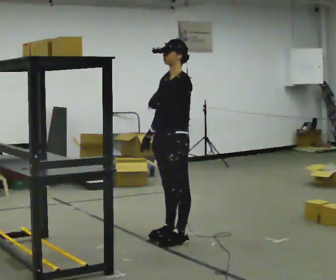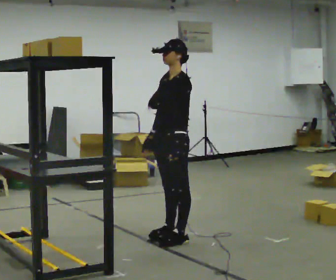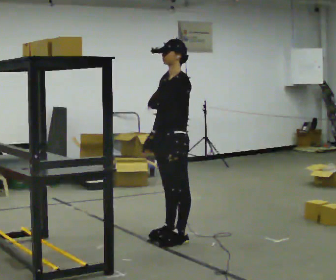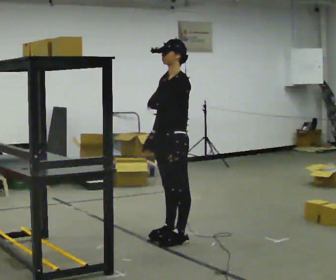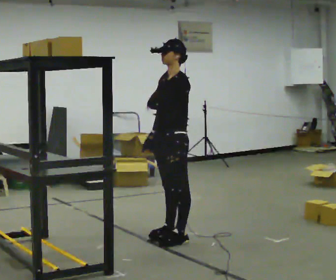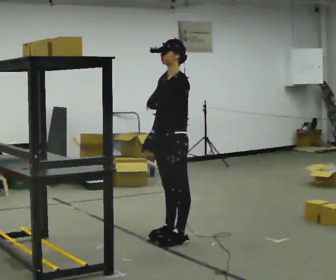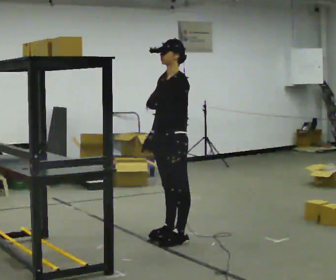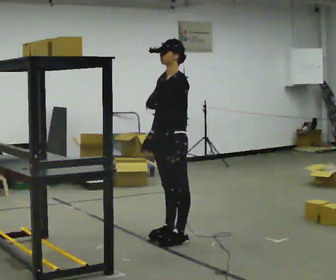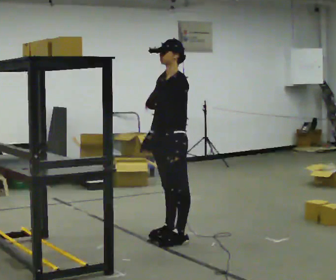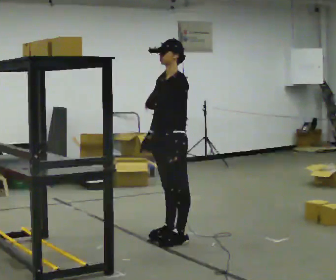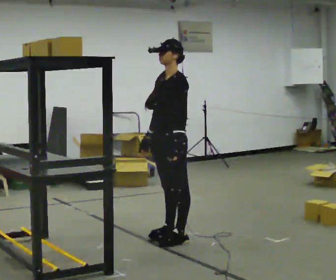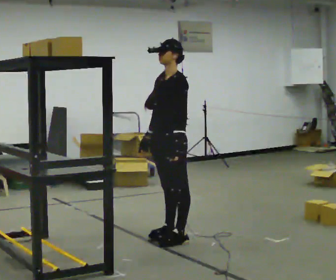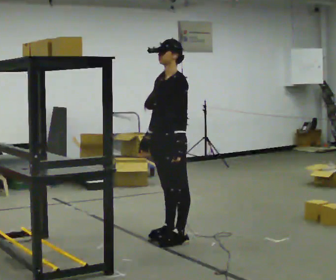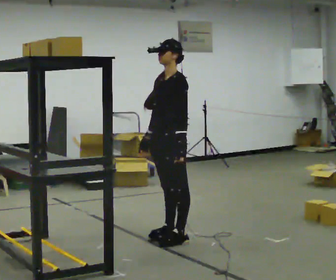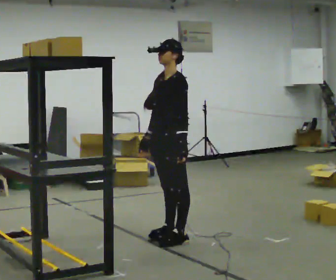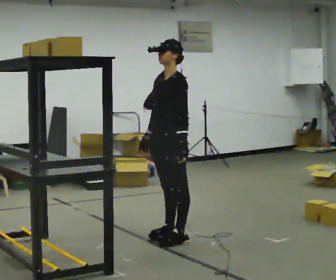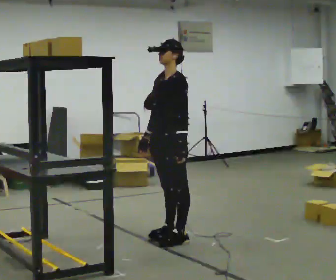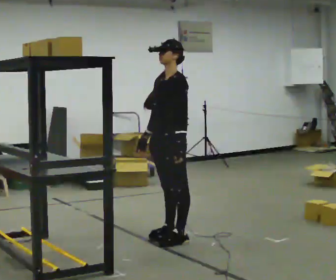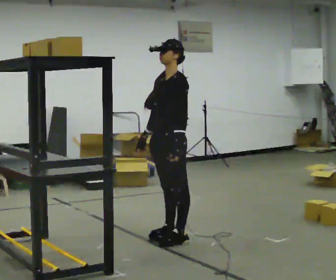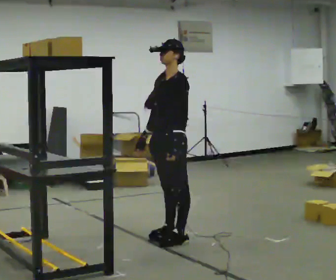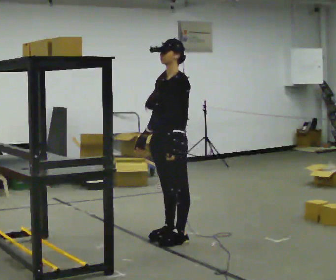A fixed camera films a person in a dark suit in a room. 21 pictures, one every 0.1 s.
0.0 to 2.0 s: The person moves a little, or ends about where they began.
The film runs backward here.
